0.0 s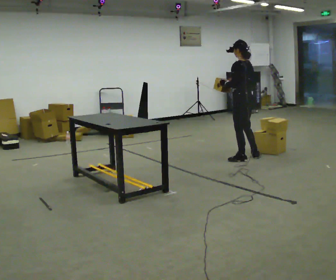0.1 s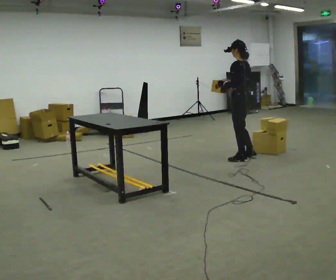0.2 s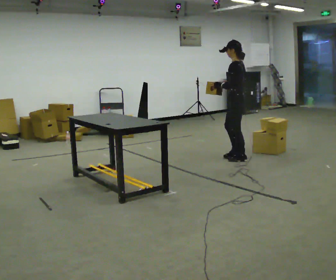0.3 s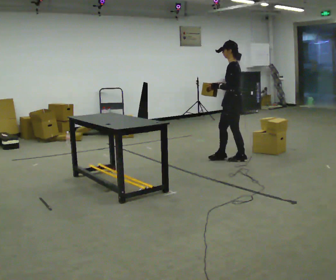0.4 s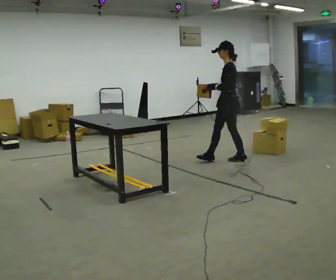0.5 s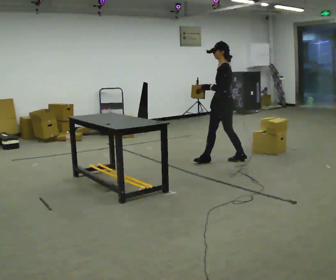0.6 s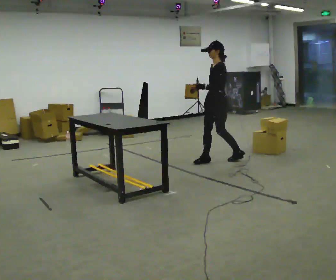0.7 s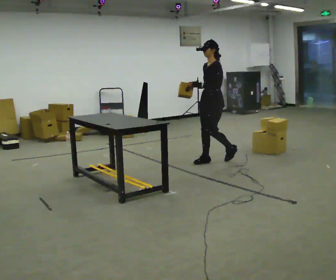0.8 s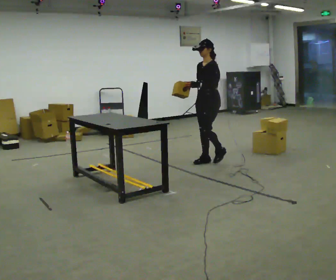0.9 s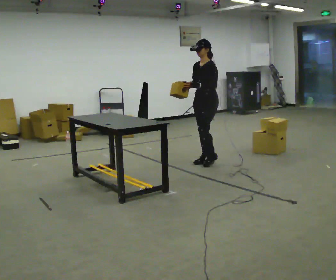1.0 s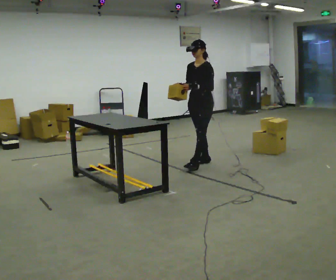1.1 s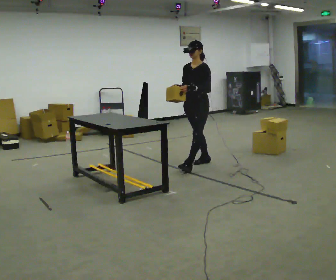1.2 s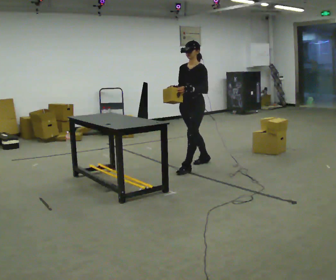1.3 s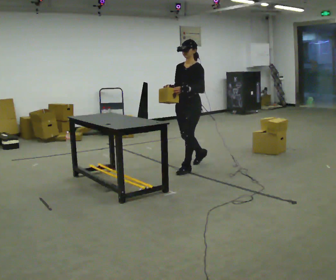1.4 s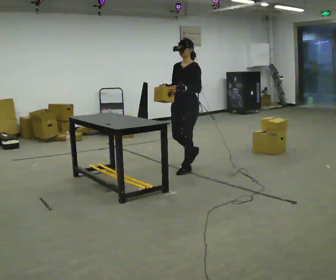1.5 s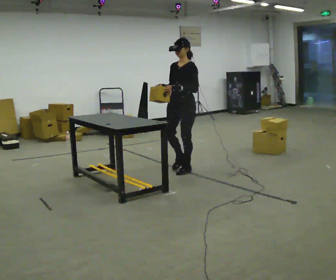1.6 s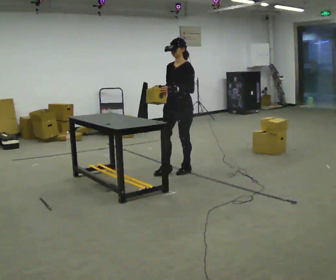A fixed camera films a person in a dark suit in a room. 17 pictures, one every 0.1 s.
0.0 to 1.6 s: The person turns about 90 degrees to their left, counterclockwise seen from above, so the part of the body nearest the lens slides to the right. In the picture they go to the left and toward the camera, about 1 m in 2 steps.
The film runs forward here.
